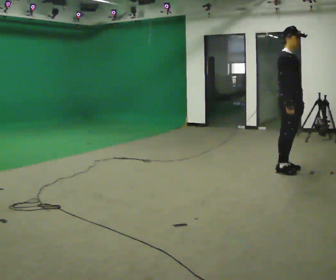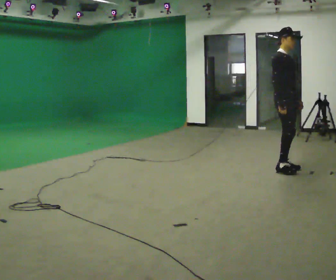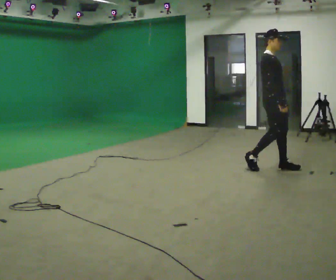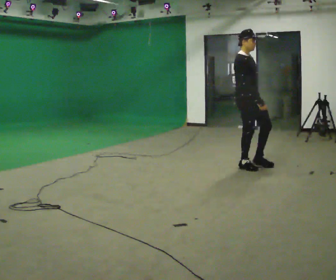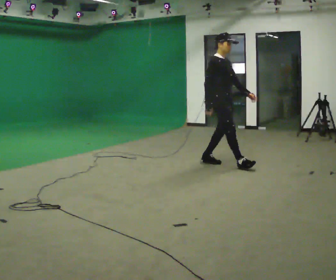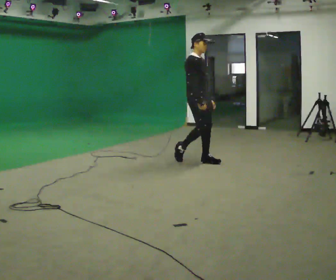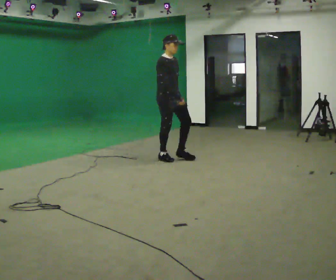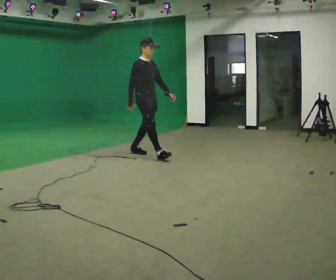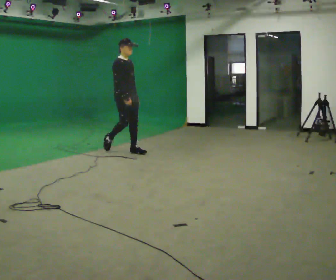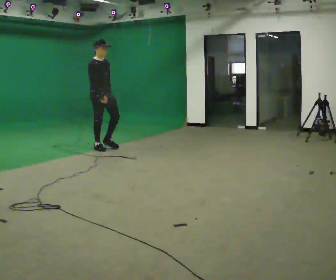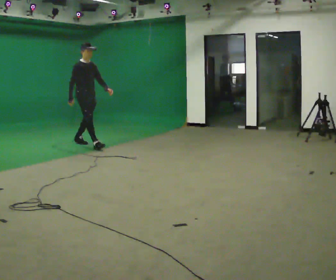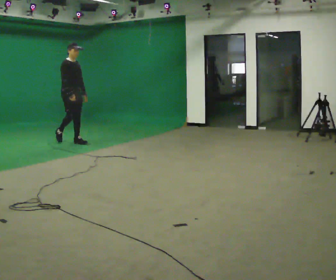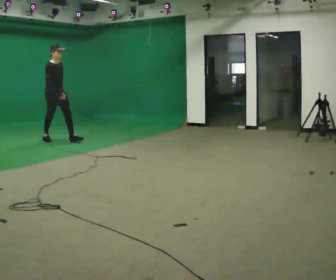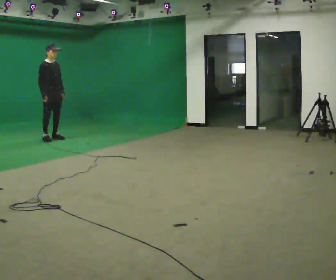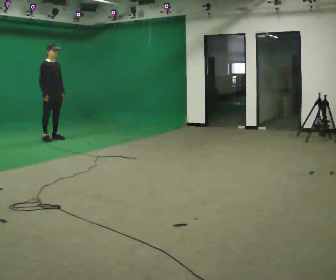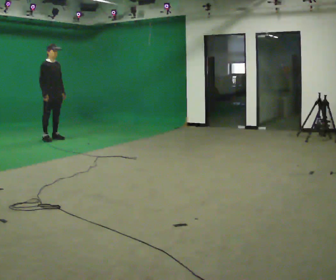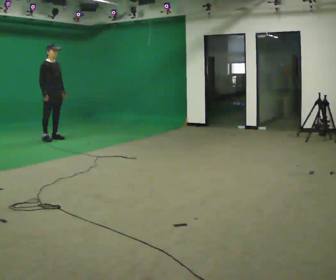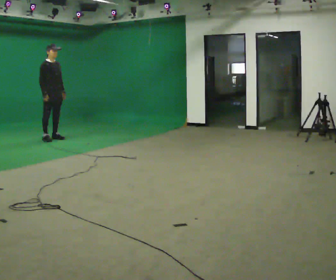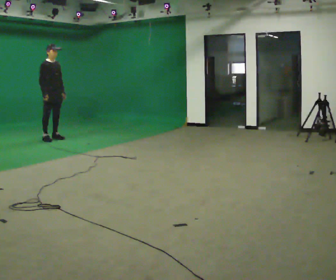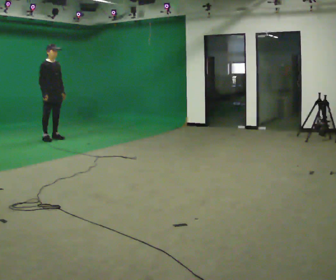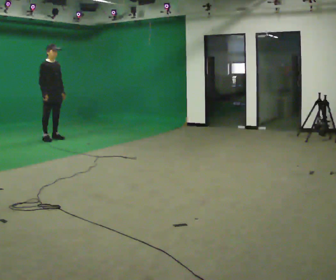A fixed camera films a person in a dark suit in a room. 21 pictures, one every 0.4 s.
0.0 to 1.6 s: In the picture they go to the left and away from the camera, about 1 m in 3 steps, which for them is backward.
1.6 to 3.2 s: In the picture they go to the left and away from the camera, about 1.5 m in 2 steps, which for them is backward.
3.2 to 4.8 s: In the picture they go to the left and away from the camera, about 1.5 m in 3 steps, which for them is backward.
4.8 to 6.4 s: In the picture they go away from the camera, about 0.25 m, which for them is backward. In the picture their right hand goes to the left.
6.4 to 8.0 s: The person keeps their place and pose.
The film runs backward here.
